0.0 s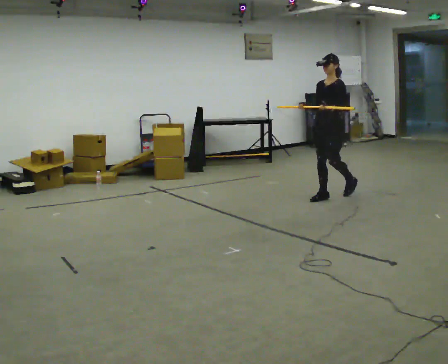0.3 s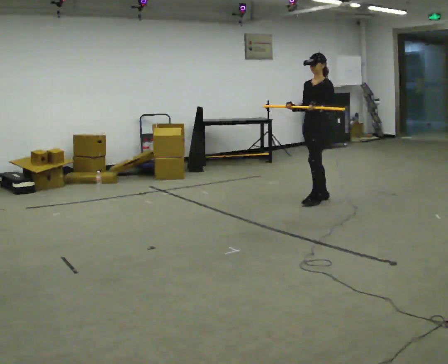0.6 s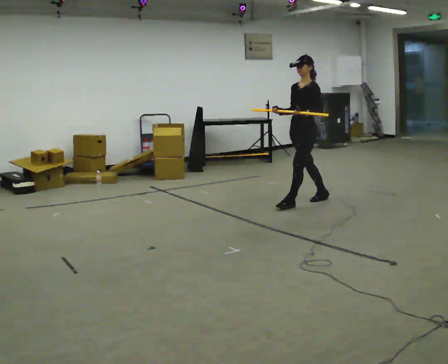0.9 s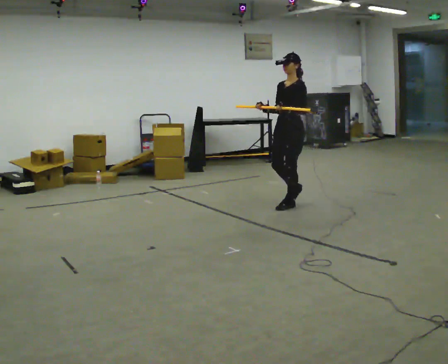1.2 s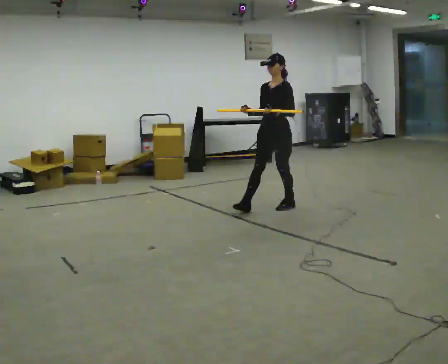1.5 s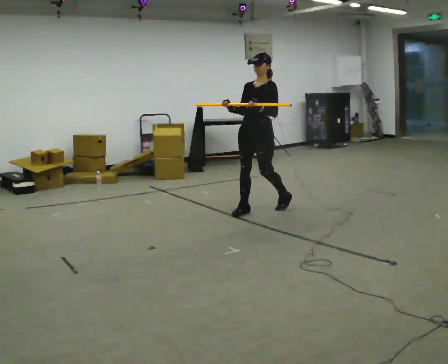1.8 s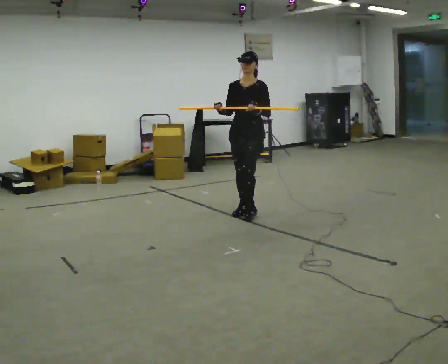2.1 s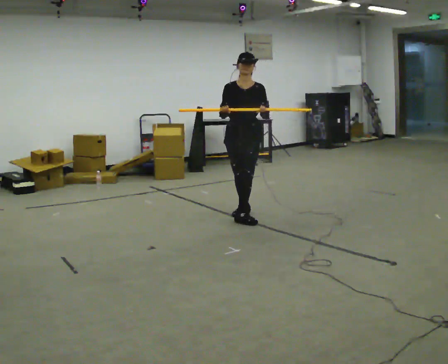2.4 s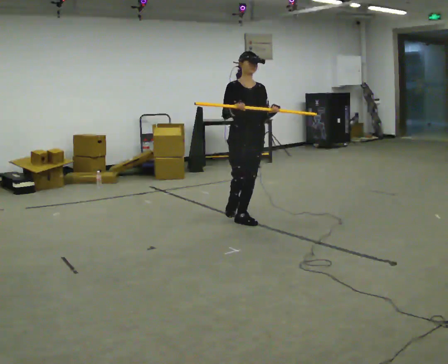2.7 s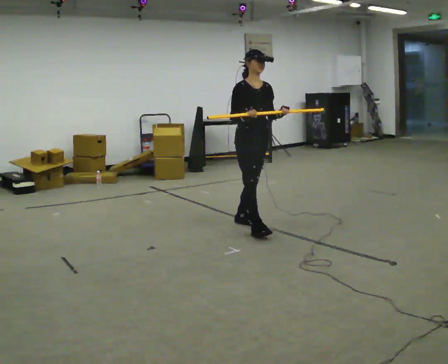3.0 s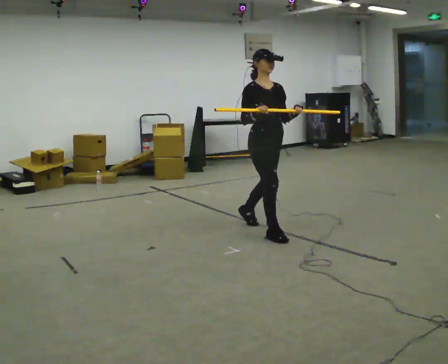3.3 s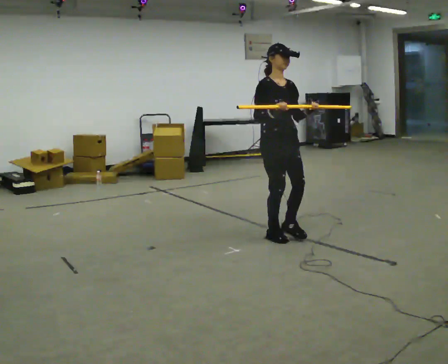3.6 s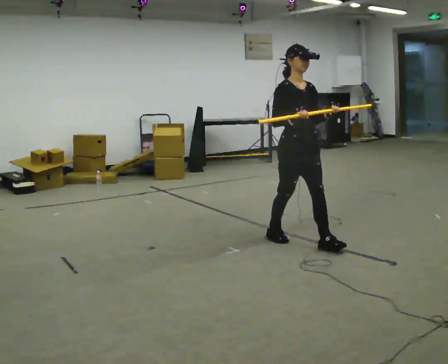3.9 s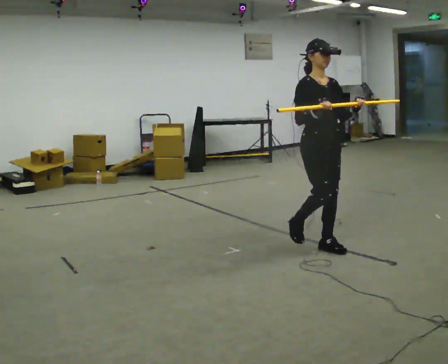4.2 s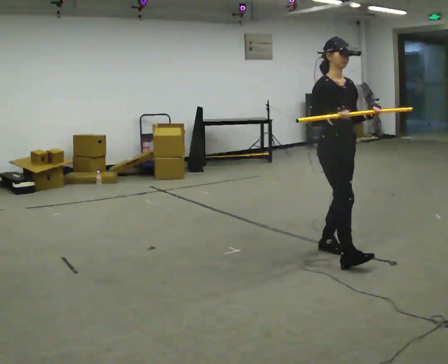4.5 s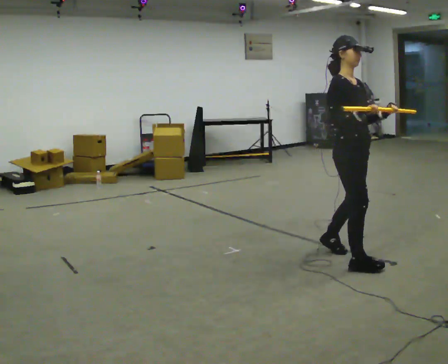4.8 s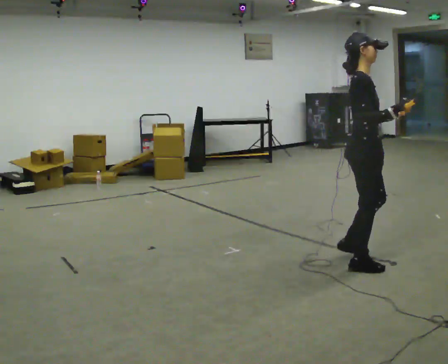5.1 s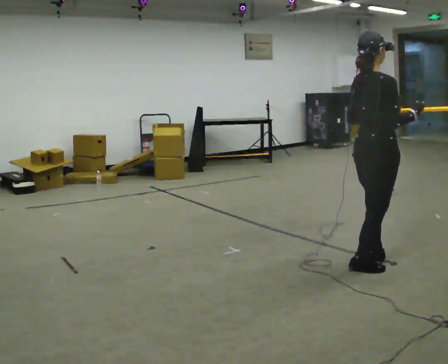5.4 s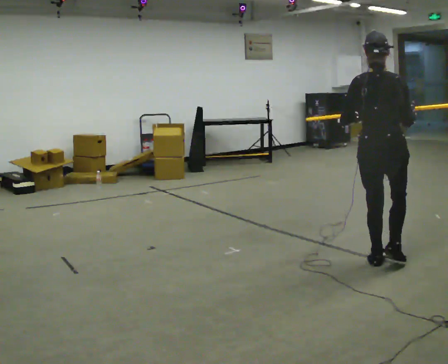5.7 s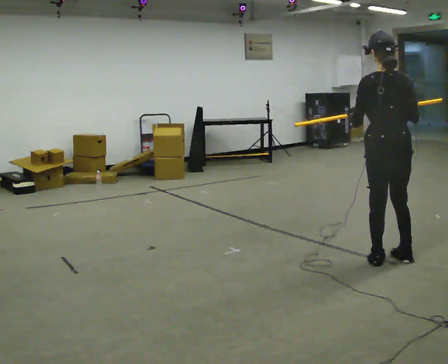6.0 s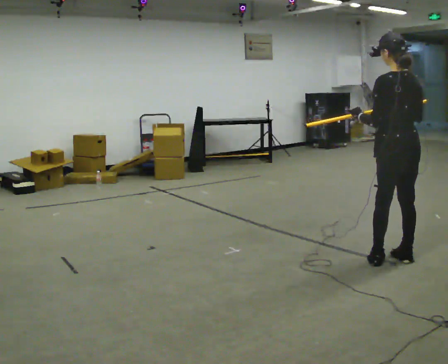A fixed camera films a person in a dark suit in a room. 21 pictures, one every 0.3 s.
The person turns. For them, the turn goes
to their left.
The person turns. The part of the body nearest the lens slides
to the right.
0.0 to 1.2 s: In the picture they go to the left and toward the camera, about 0.5 m in 1 step, which for them is forward.
1.2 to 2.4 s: The part of the body nearest the lens slides to the right as the person turns to their left by about 60 degrees. In the picture they go toward the camera and to the left, about 0.5 m in 2 steps.
2.4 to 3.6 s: In the picture they go toward the camera and to the right, about 1 m in 2 steps, which for them is forward.
3.6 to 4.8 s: Seen from above the body turns counterclockwise, about 45 degrees: to their left, with its near side sliding to the right. In the picture they go toward the camera and to the right, about 0.5 m in 1 step, which for them is forward.
4.8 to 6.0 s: The part of the body nearest the lens slides to the right as the person turns to their left by about 120 degrees. In the picture they go to the right, about 0.25 m in 2 steps.
The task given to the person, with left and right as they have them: Carry the long object across the room and around the corner, turning without hitting anything. Keep going until the operator says stop; one object at a time, and do not rush between trips.
The film runs forward here.
